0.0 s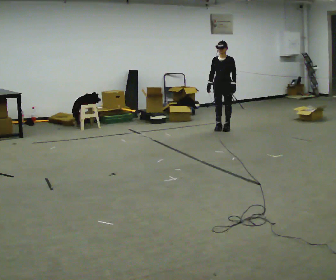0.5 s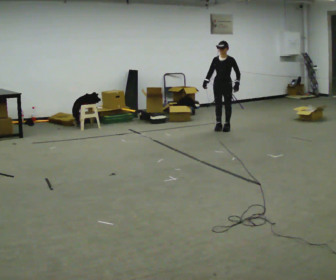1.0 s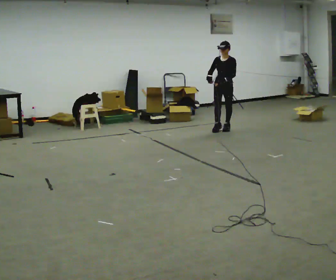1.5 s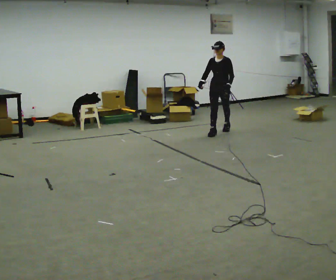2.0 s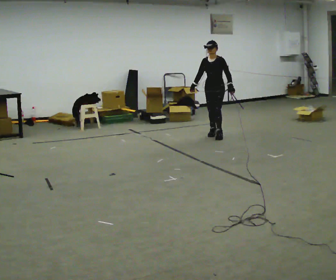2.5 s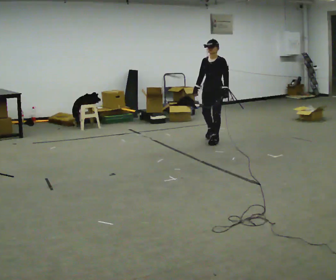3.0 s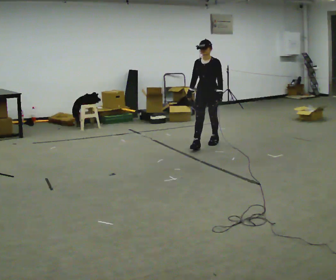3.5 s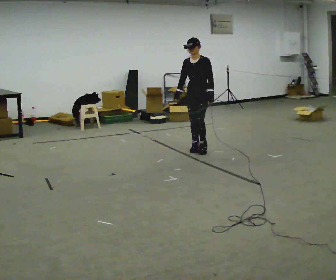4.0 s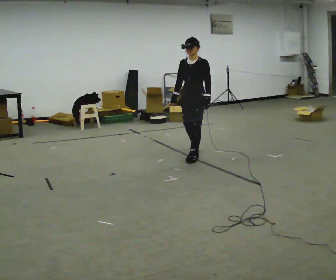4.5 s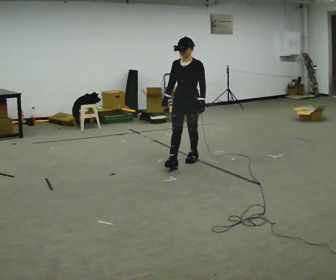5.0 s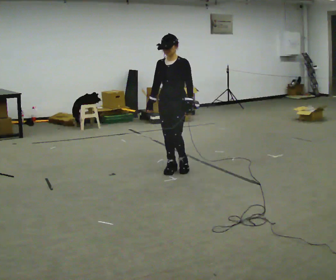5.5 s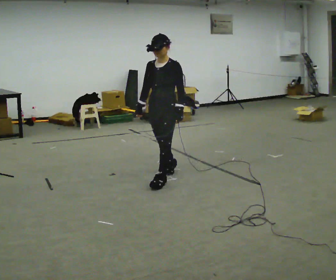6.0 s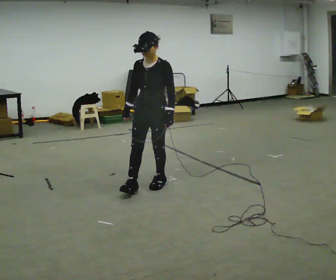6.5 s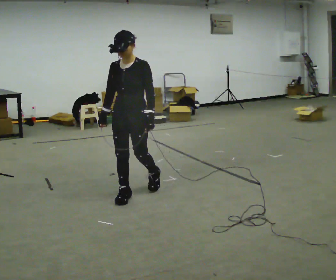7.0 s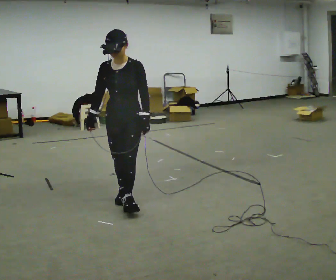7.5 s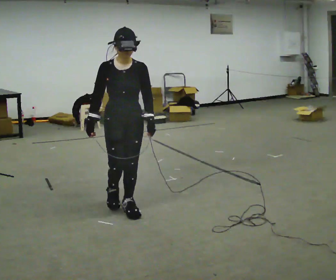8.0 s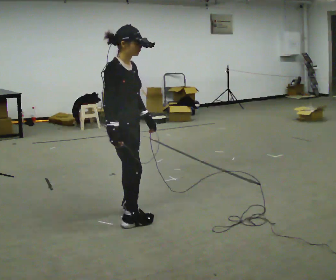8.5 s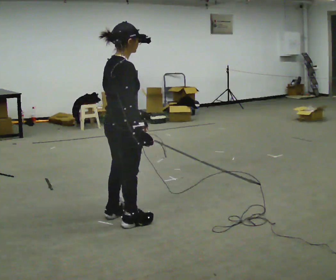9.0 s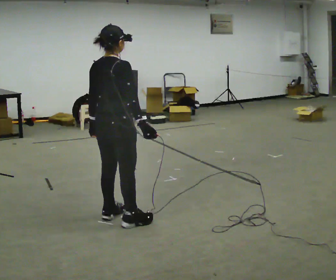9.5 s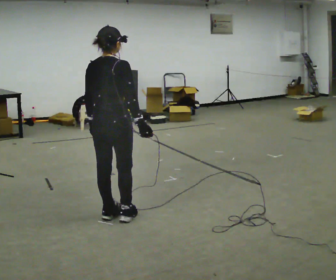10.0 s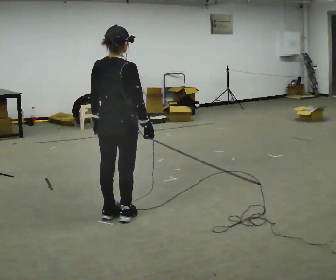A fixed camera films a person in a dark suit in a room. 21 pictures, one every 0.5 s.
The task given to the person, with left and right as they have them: Walk forward while moving diagonally left/right; finish ~45° from start direction.
0.0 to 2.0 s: In the picture they go toward the camera, about 0.5 m in 1 step, which for them is forward.
2.0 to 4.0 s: In the picture they go toward the camera, about 1 m in 3 steps, which for them is forward.
4.0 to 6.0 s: In the picture they go toward the camera, about 1 m in 2 steps, which for them is forward.
6.0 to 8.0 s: Seen from above the body turns counterclockwise, about 90 degrees: to their left, with its near side sliding to the right. In the picture they go toward the camera, about 0.5 m in 3 steps.
8.0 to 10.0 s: The part of the body nearest the lens slides to the right as the person turns to their left by about 90 degrees.
The film runs forward here.
